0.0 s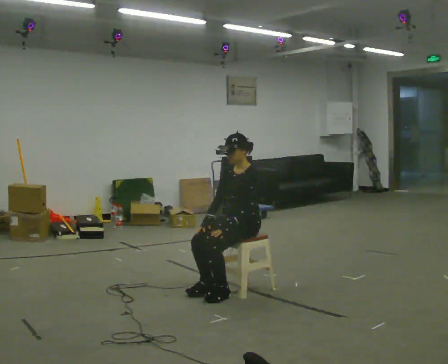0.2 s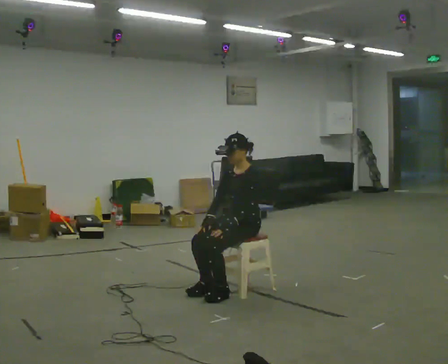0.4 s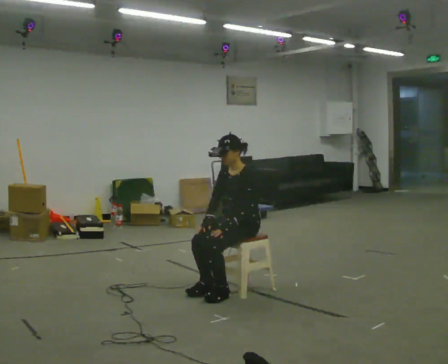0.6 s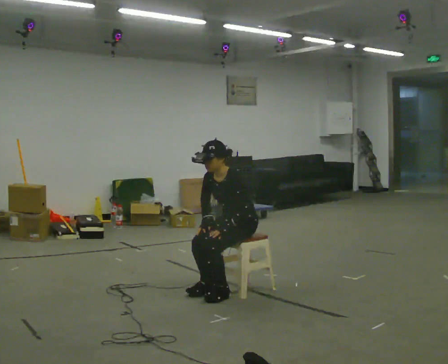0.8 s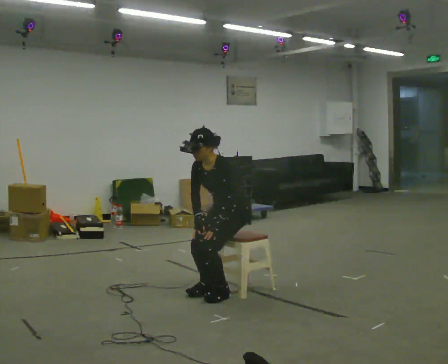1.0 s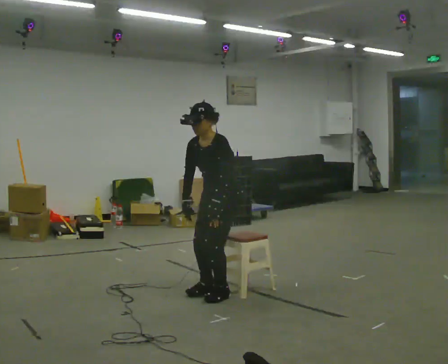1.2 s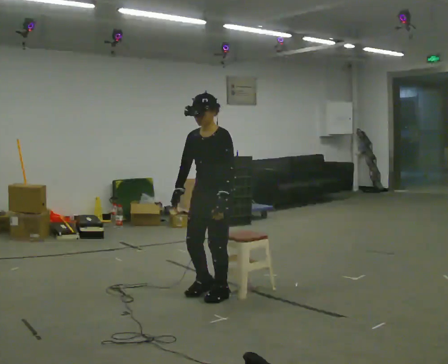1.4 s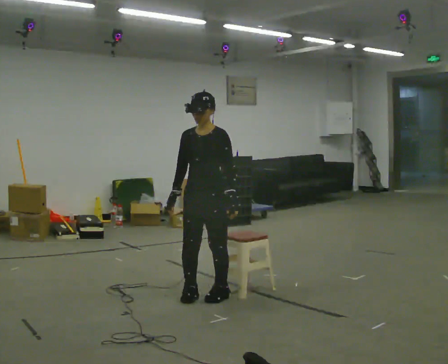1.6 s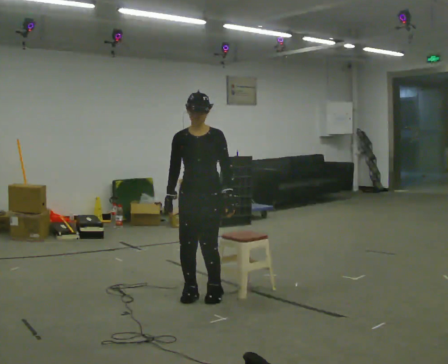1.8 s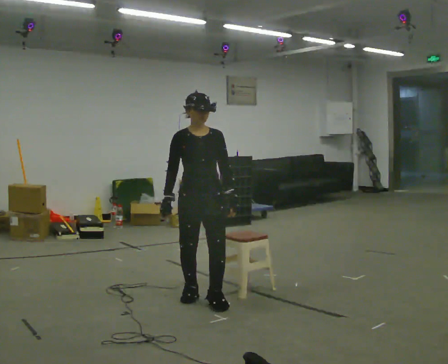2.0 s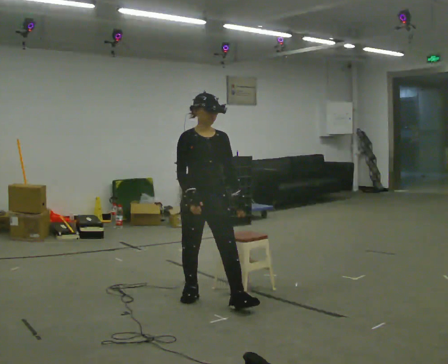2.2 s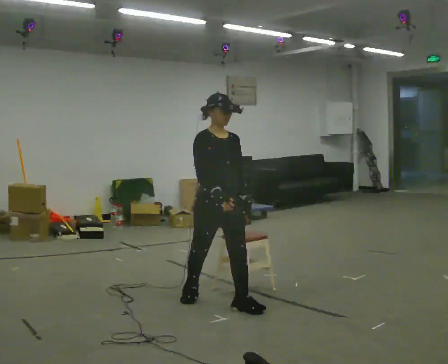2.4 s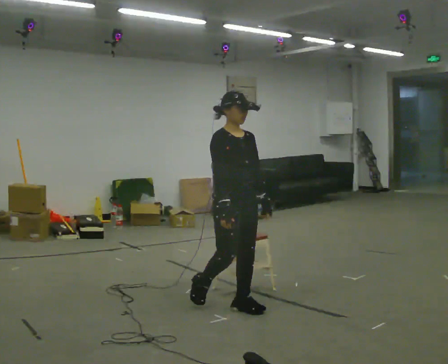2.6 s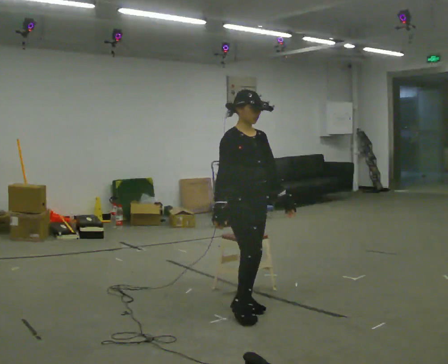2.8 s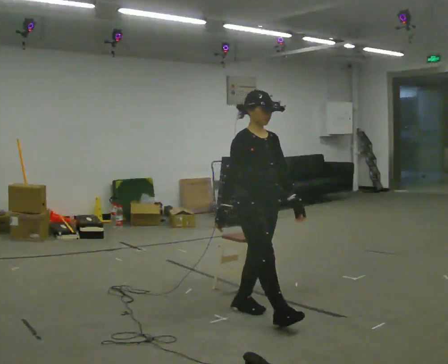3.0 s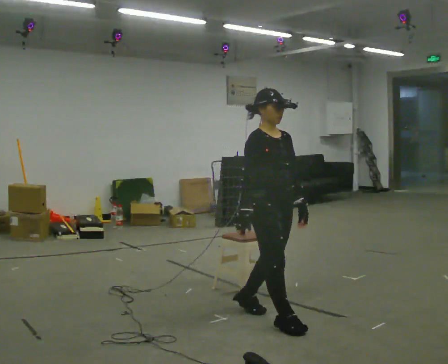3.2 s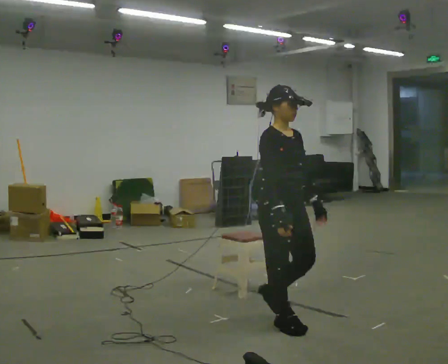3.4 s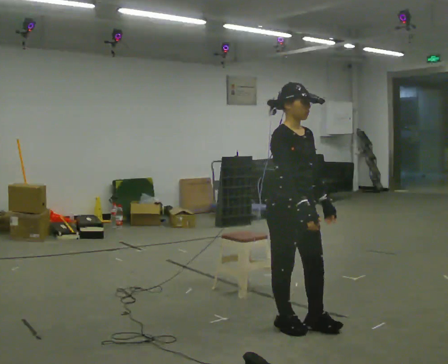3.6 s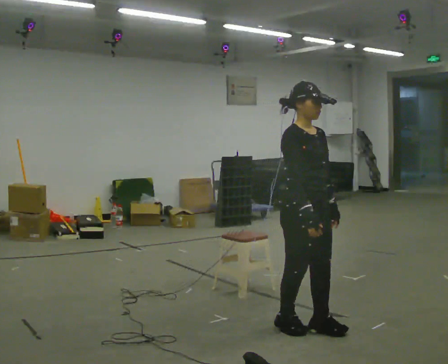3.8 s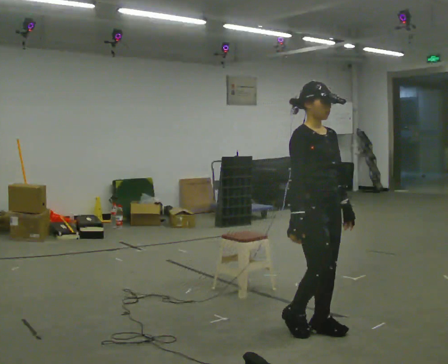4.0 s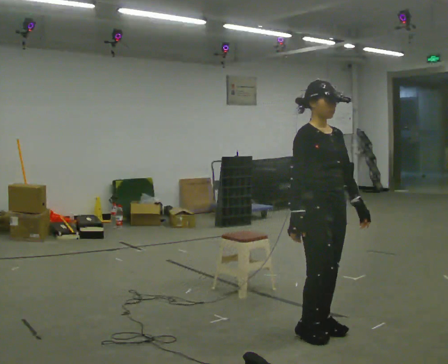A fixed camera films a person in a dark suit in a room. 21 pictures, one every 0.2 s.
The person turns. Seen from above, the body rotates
counterclockwise.
The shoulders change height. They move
upward.
0.0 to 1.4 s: In the picture they go to the left and toward the camera, about 0.25 m in 1 step, which for them is forward. The shoulders move upward.
1.4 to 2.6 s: The part of the body nearest the lens slides to the right as the person turns to their left by about 75 degrees. In the picture they go toward the camera and to the right, about 0.5 m in 1 step.
2.6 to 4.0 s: In the picture they go toward the camera and to the right, about 0.75 m in 3 steps, which for them is forward.
The film runs forward here.
